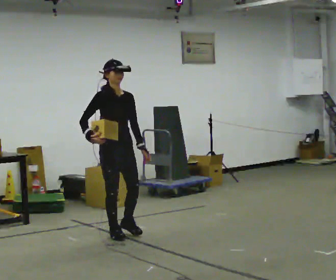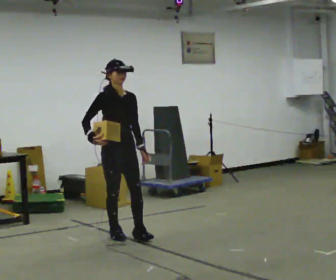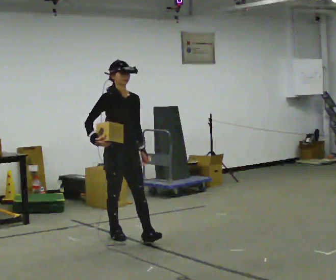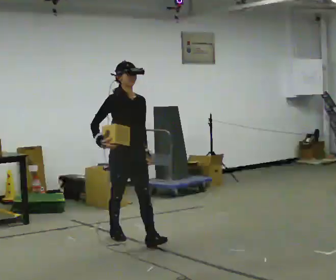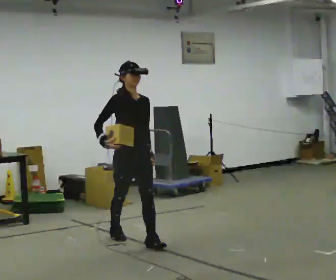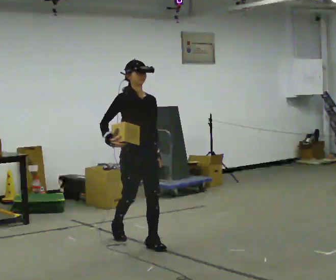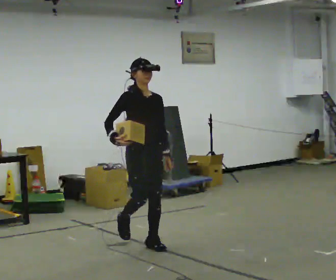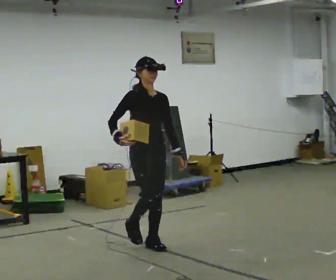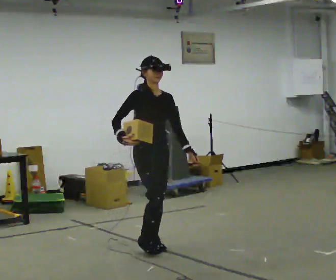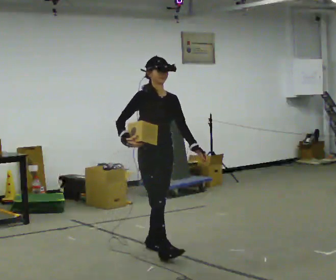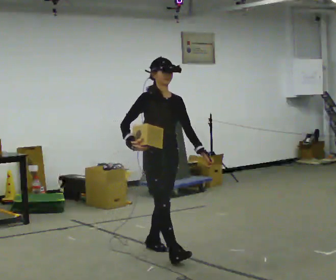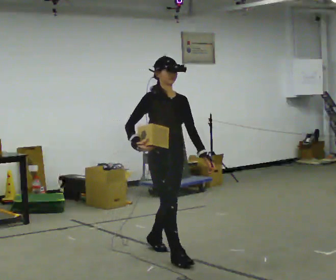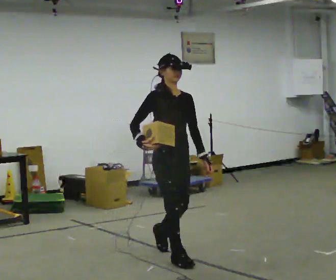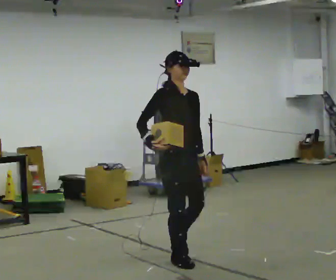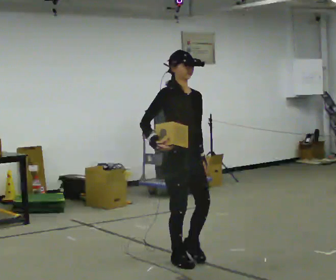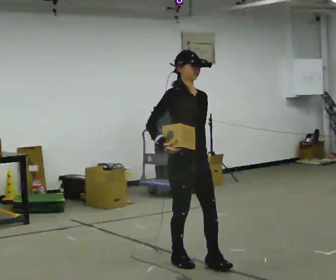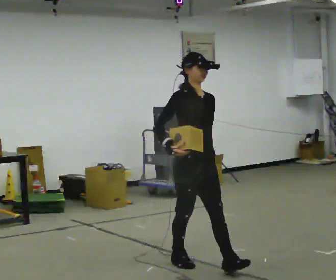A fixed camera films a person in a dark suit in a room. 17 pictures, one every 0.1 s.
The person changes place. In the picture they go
toward the camera.
0.0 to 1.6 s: In the picture they go toward the camera and to the right, about 1.5 m in 2 steps, which for them is forward.
The film runs forward here.
